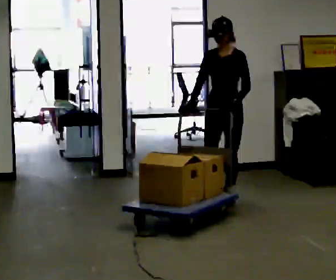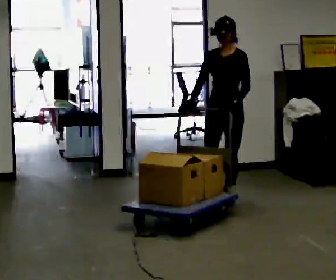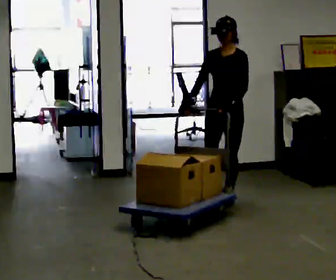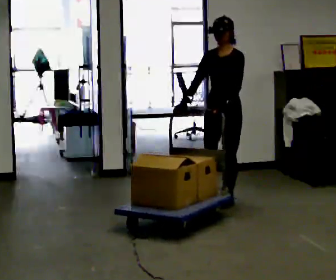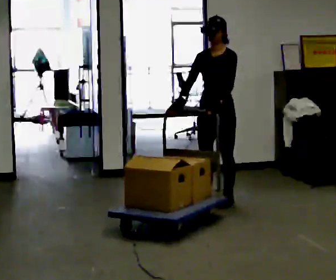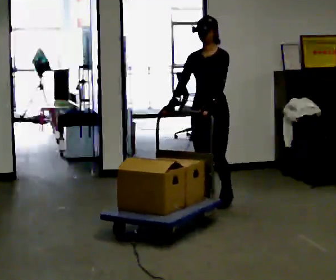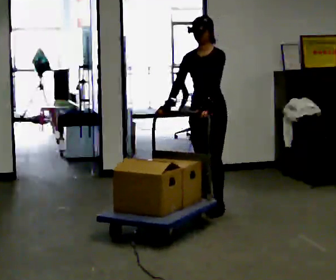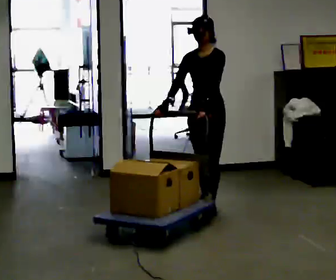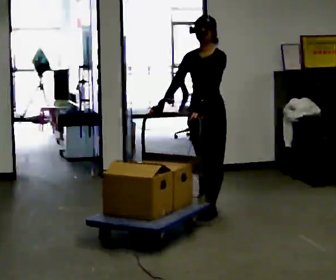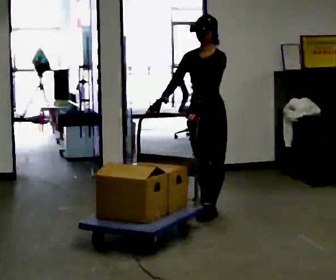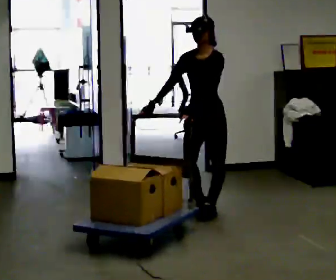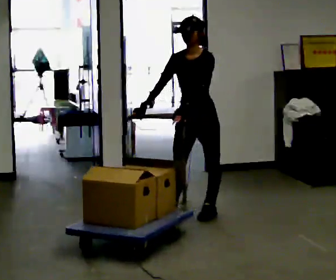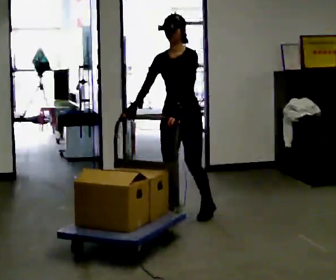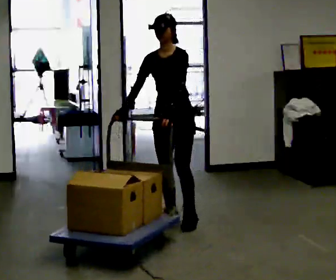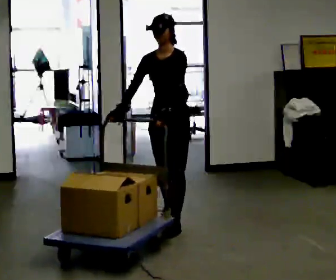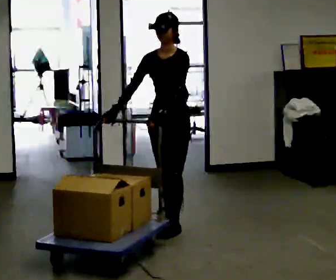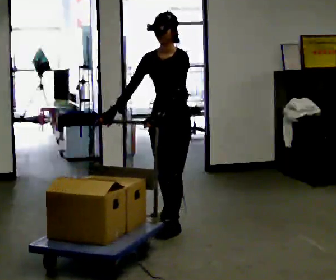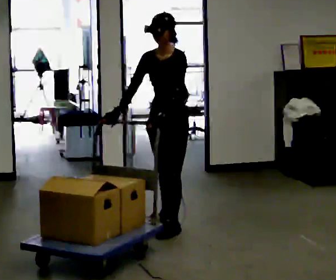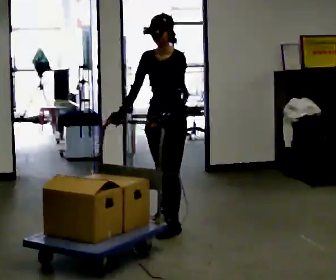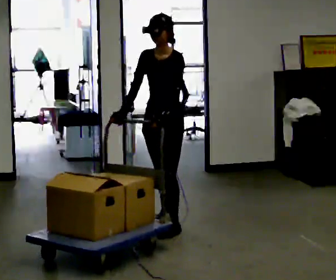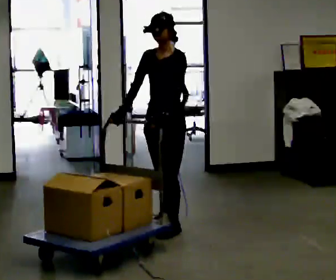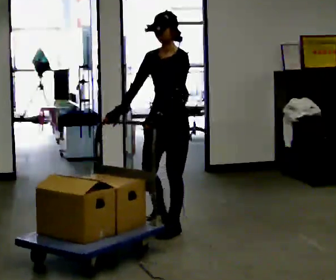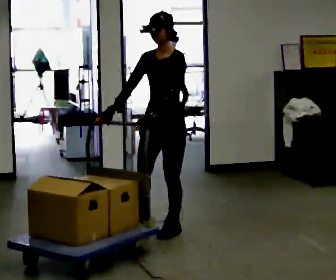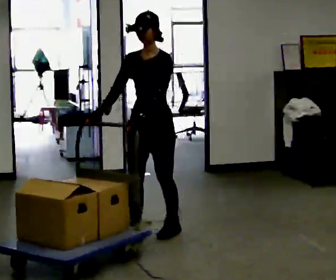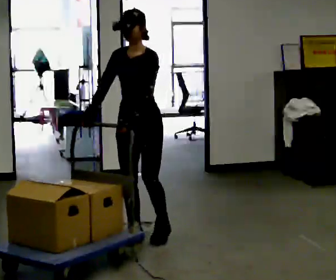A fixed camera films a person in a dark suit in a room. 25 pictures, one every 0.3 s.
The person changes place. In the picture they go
toward the camera.
0.0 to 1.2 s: The person moves a little, or ends about where they began.
1.2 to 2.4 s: In the picture they go toward the camera, about 0.25 m in 1 step, which for them is forward.
2.4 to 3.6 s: In the picture they go toward the camera and to the left, about 0.25 m in 1 step, which for them is forward.
3.6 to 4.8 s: In the picture they go toward the camera, about 0.25 m in 1 step, which for them is forward and to their left.
4.8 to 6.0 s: The person moves a little, or ends about where they began.
6.0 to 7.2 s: In the picture they go toward the camera and to the left, about 0.25 m in 1 step, which for them is forward.
The film runs forward here.
